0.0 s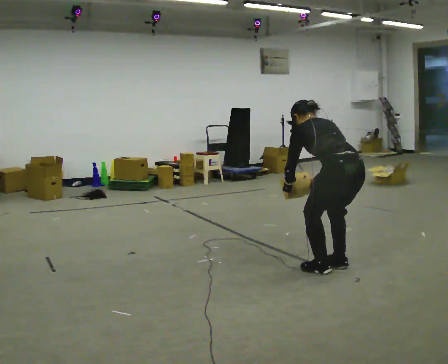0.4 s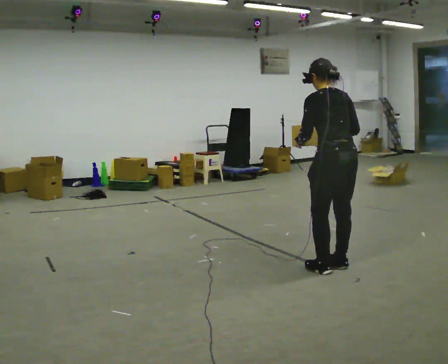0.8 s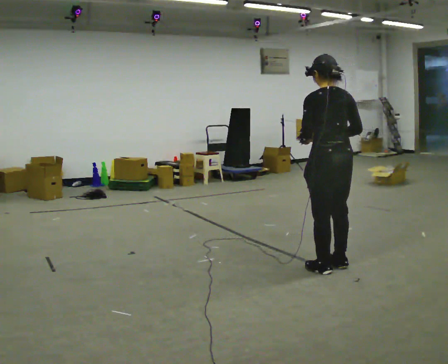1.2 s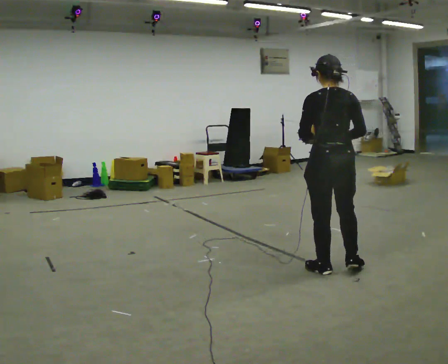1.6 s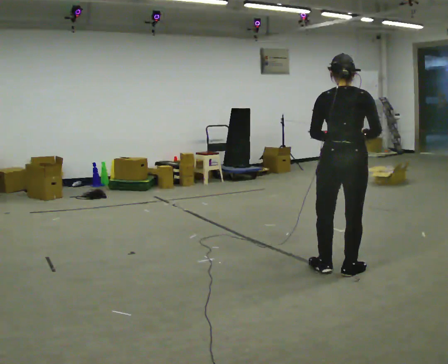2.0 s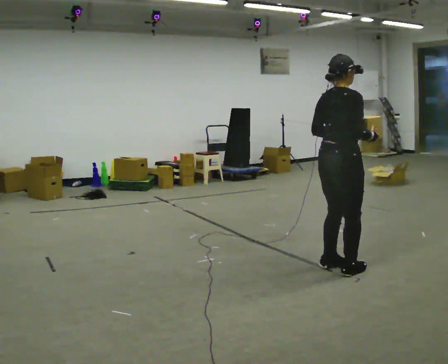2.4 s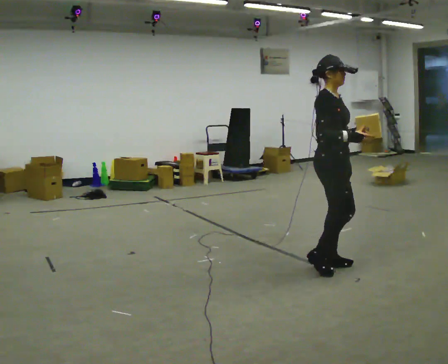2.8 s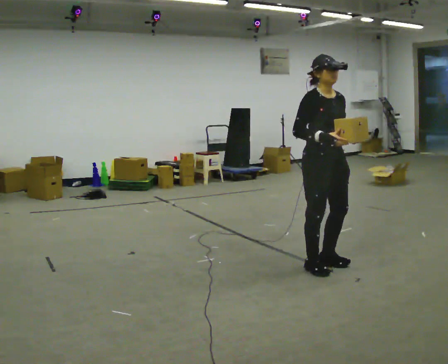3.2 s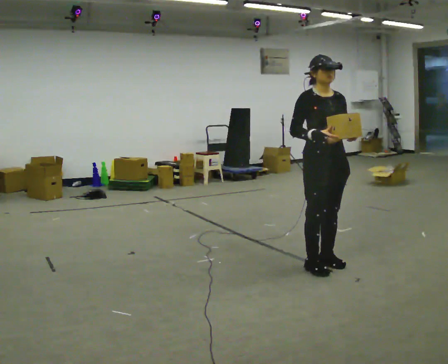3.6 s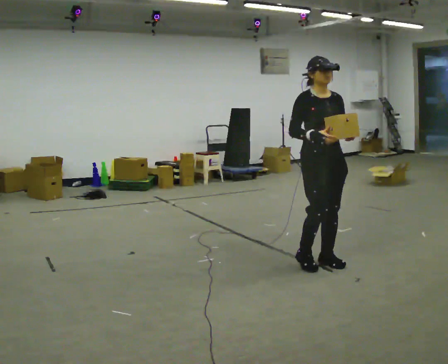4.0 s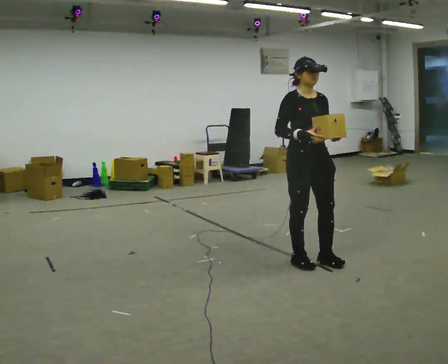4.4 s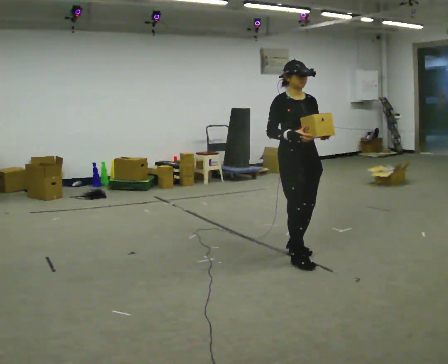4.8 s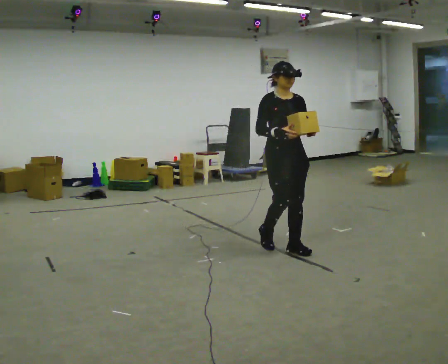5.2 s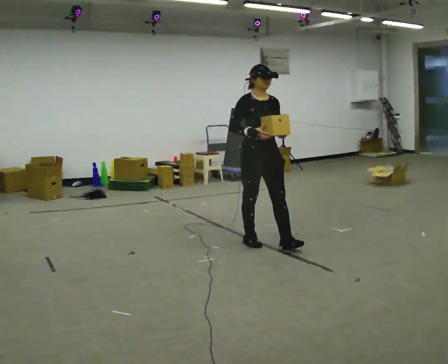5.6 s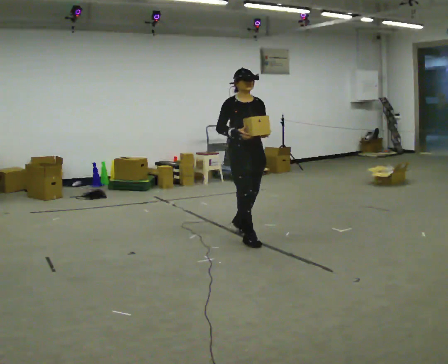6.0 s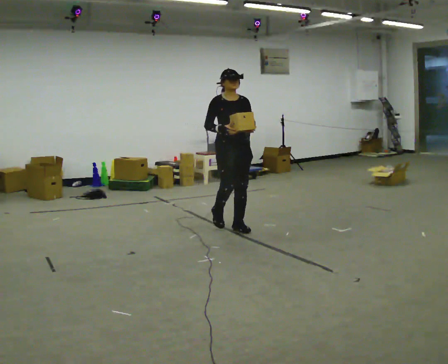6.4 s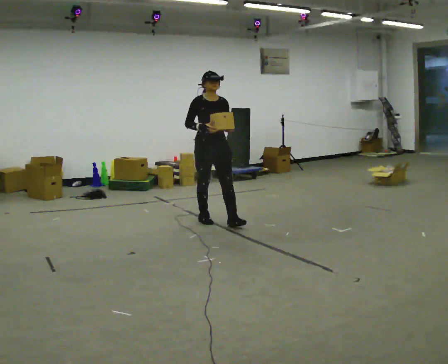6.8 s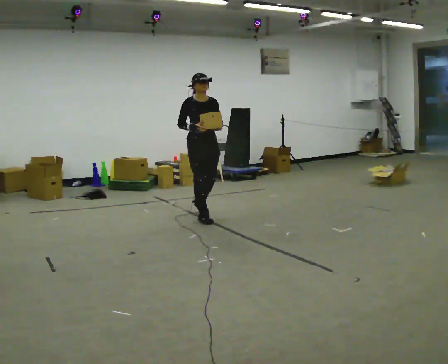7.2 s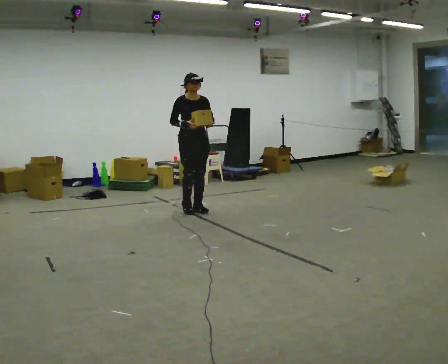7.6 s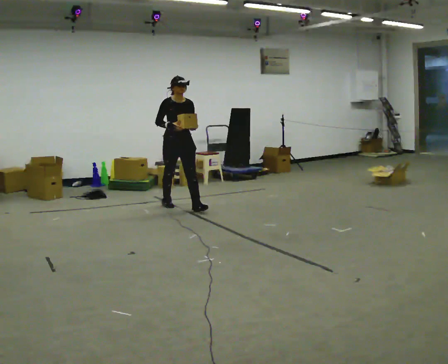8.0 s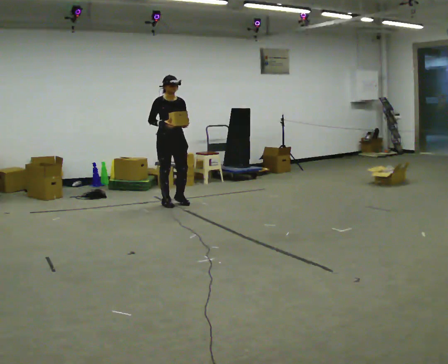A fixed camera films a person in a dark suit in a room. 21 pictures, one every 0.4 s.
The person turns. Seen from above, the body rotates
clockwise.
The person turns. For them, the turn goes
to their right.
0.0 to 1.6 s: The person turns about 30 degrees to their right, clockwise seen from above, so the part of the body nearest the lens slides to the left. The shoulders move upward. The upper body tips toward the camera, its near side rolling downward, as they lean back or straighten. In the picture their right hand goes upward and to the right.
1.6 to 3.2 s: The person turns about 150 degrees to their right, clockwise seen from above, so the part of the body nearest the lens slides to the left. In the picture their right hand goes to the left.
3.2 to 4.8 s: In the picture they go away from the camera and to the left, about 0.5 m in 3 steps, which for them is backward.
4.8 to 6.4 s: In the picture they go away from the camera and to the left, about 1 m in 3 steps, which for them is backward.
6.4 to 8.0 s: In the picture they go away from the camera and to the left, about 1 m in 2 steps, which for them is backward.
The film runs backward here.
